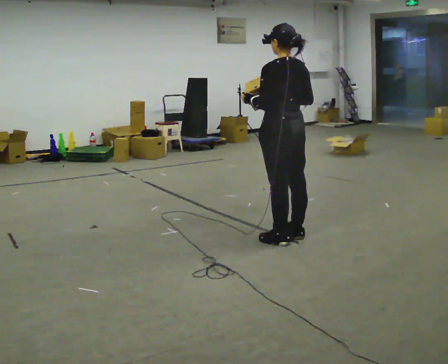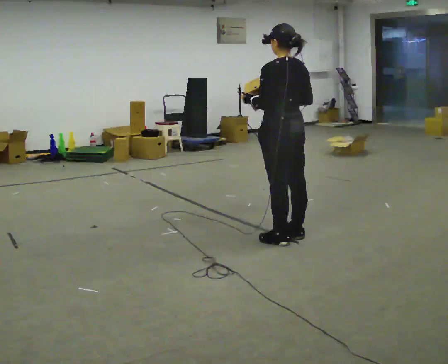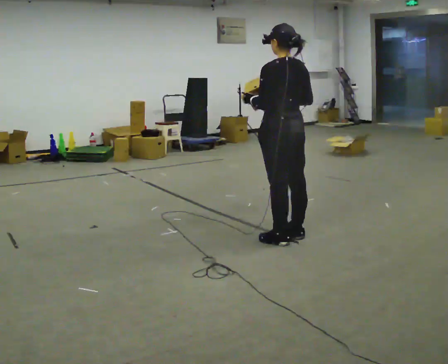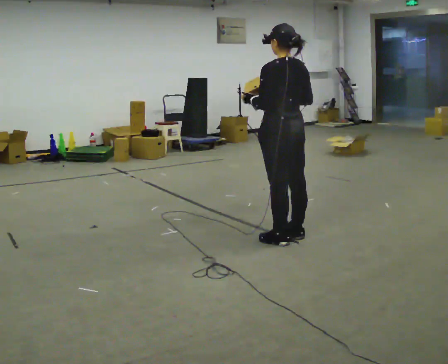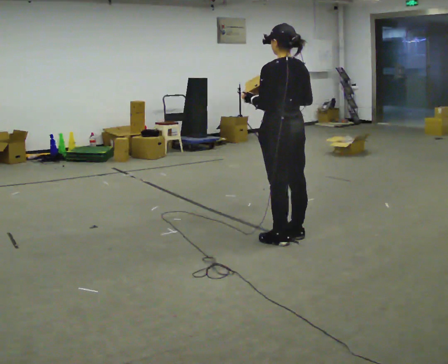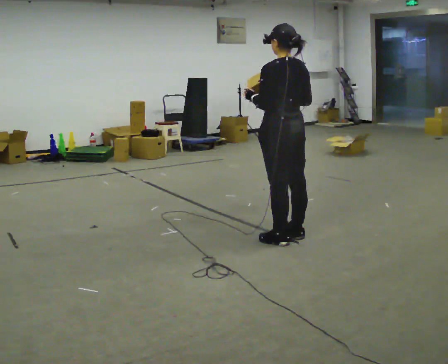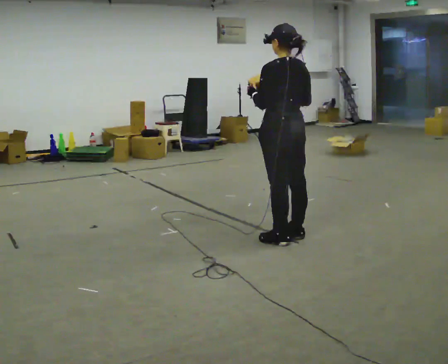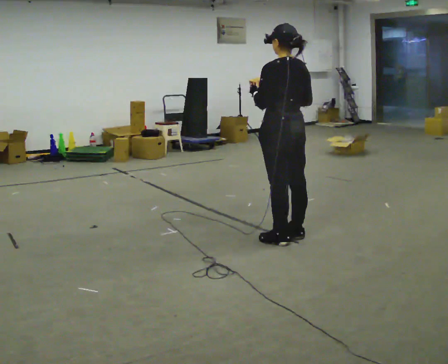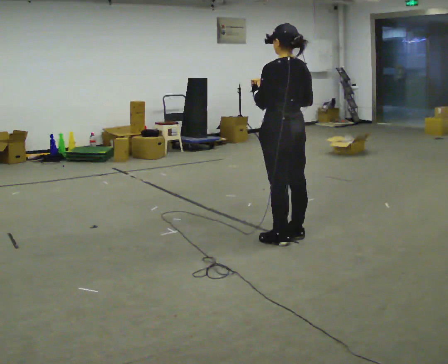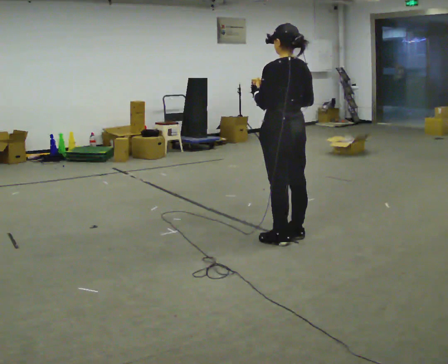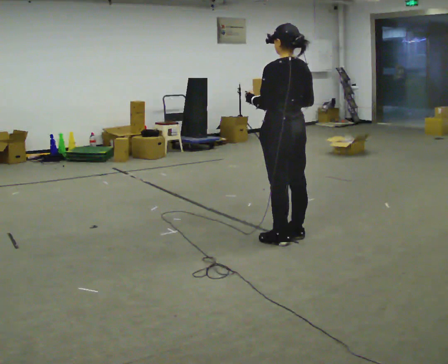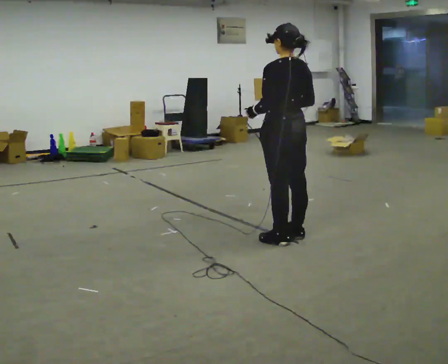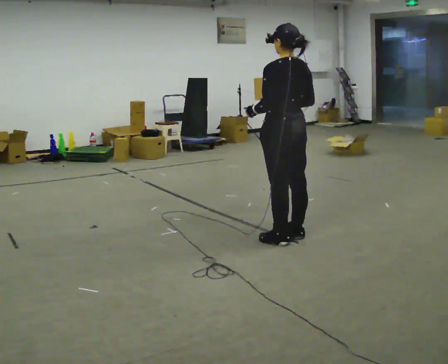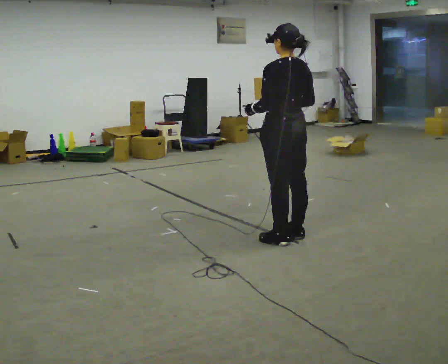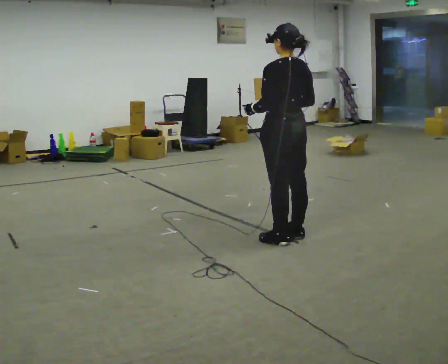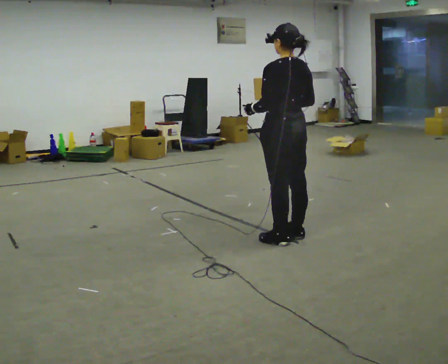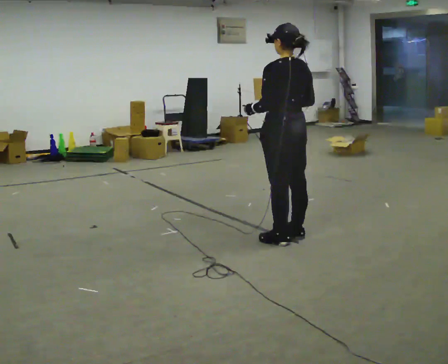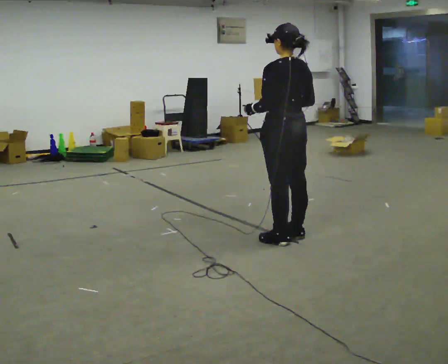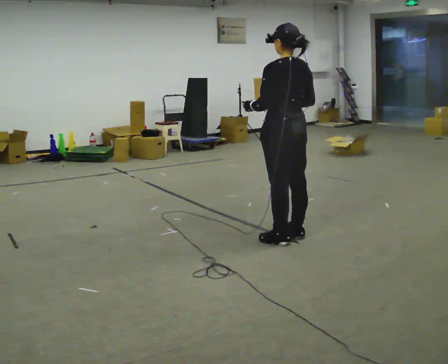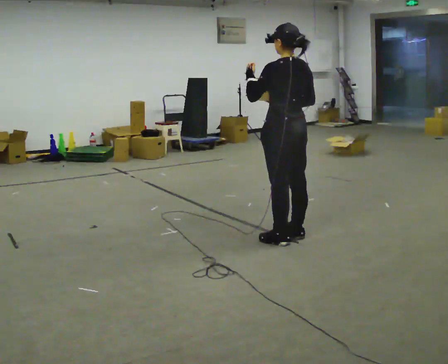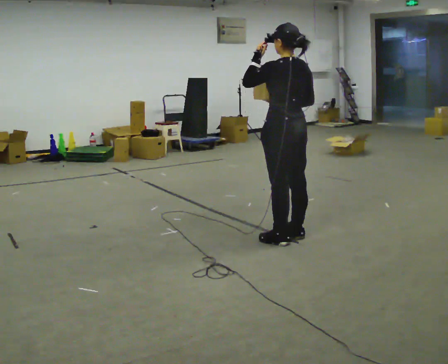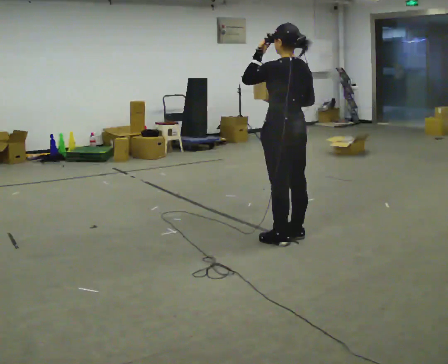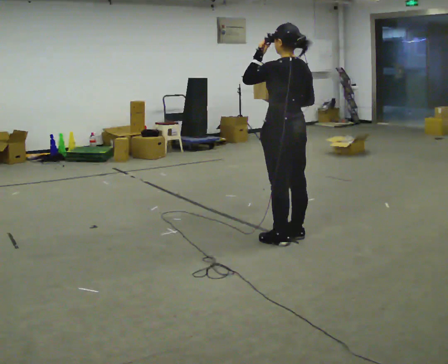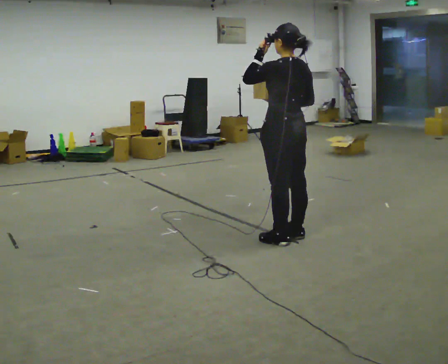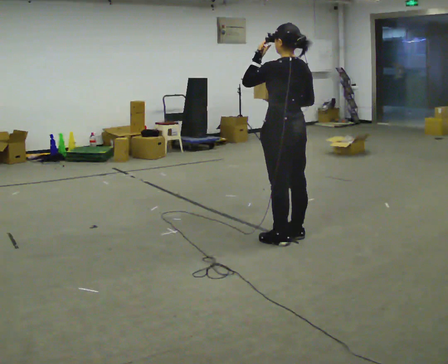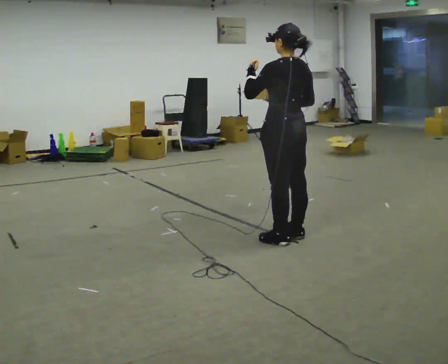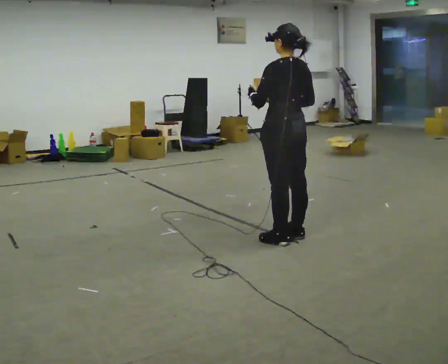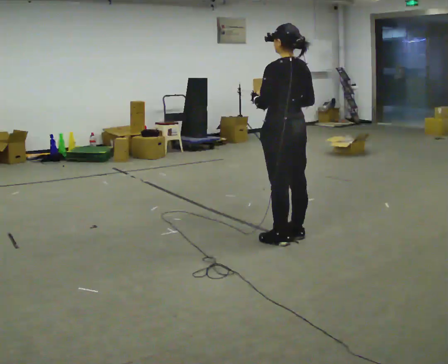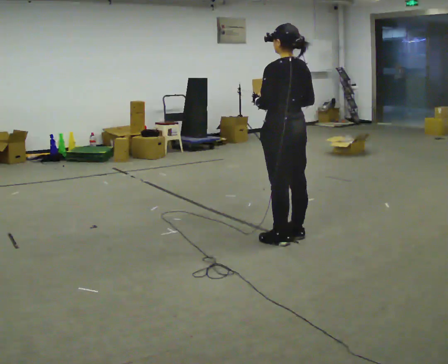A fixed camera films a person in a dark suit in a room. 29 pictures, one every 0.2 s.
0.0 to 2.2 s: The person moves a little, or ends about where they began.
2.2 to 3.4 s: The person keeps their place and pose.
3.4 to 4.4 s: In the picture their left hand goes upward.
4.4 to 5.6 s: In the picture their left hand goes downward.
The film runs forward here.
